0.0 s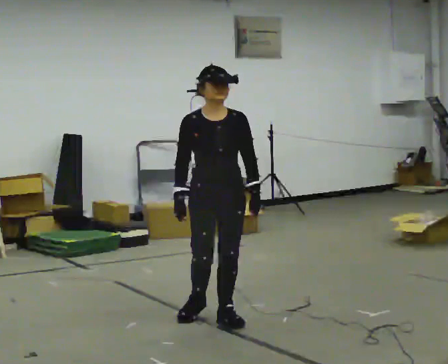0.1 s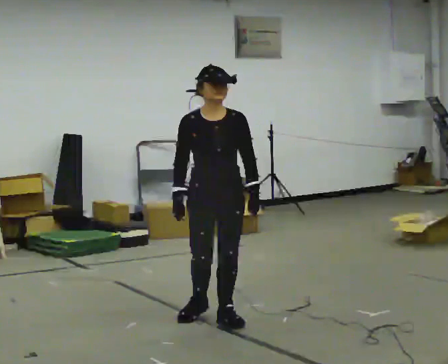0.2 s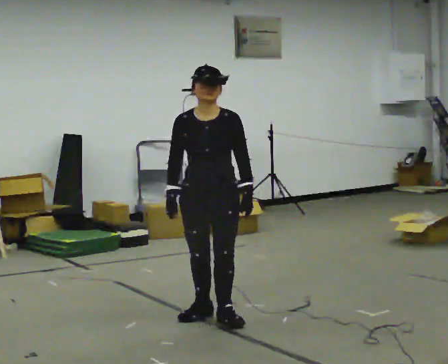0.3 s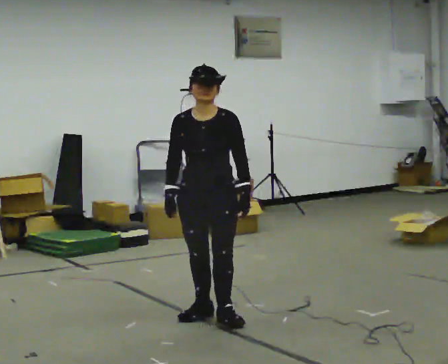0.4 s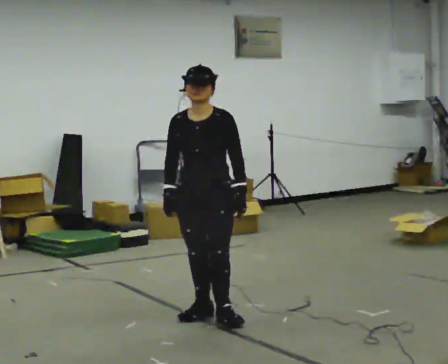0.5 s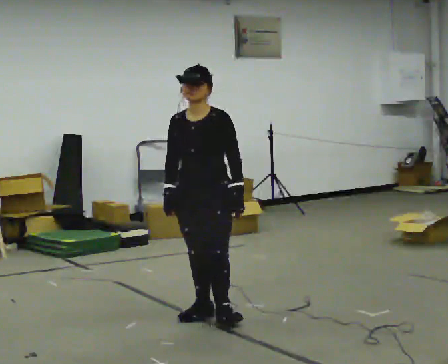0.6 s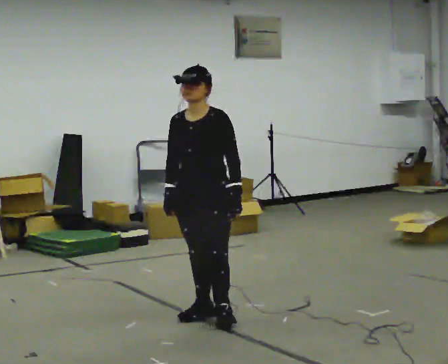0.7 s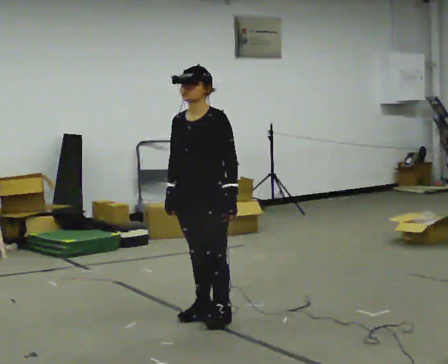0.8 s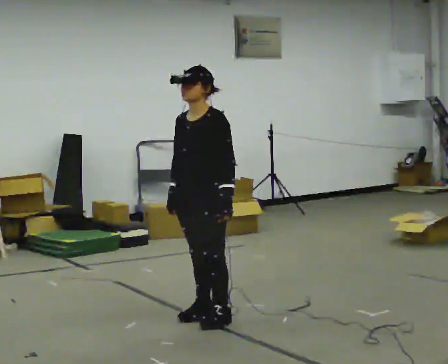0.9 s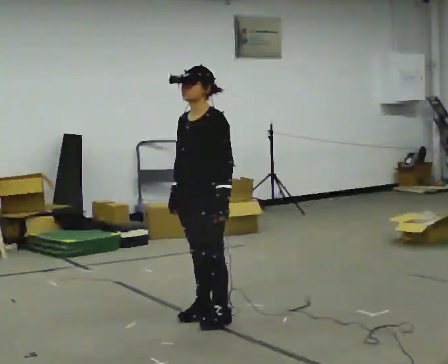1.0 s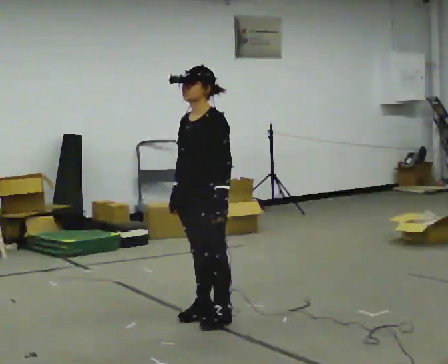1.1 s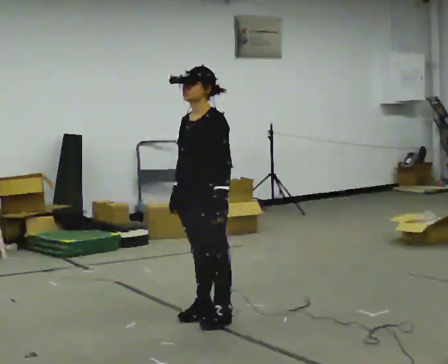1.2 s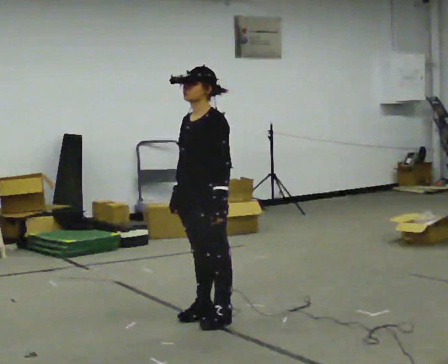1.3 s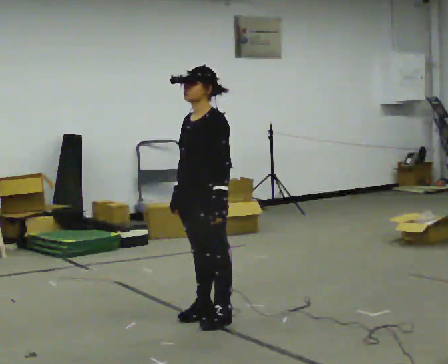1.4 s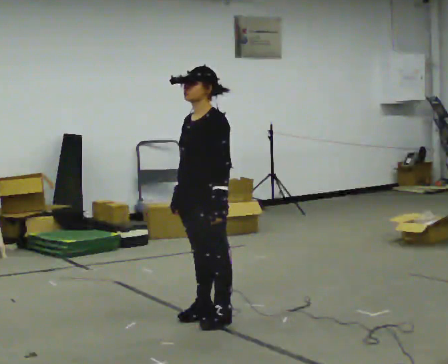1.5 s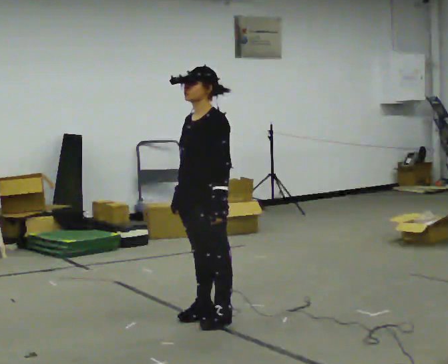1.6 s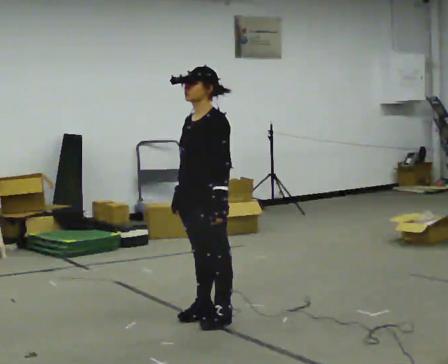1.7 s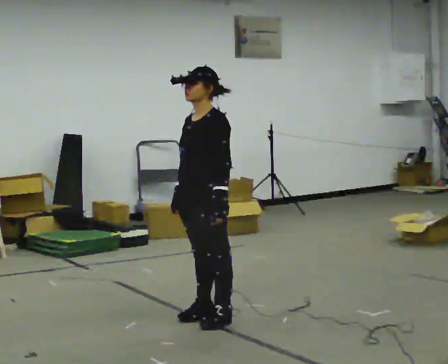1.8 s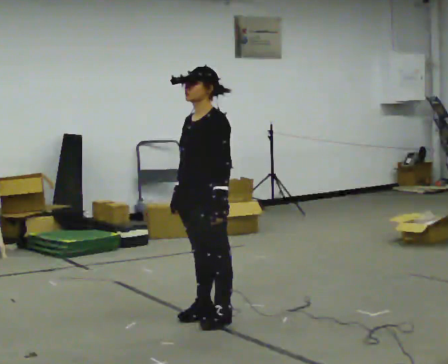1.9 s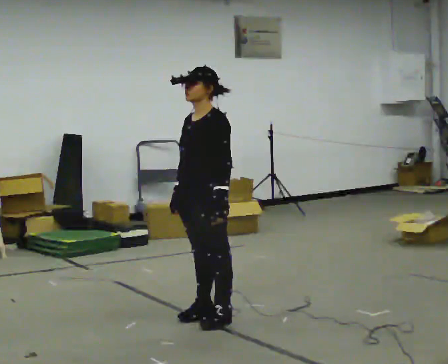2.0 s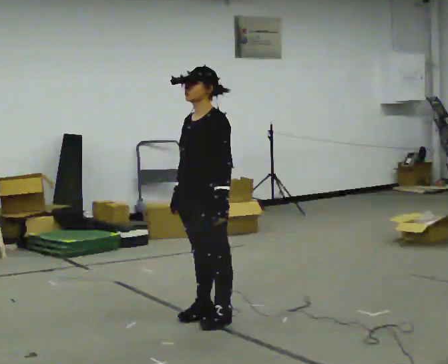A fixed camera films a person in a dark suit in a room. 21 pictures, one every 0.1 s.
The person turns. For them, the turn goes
to their right.
The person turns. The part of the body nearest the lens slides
to the left.
0.0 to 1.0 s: The person turns about 60 degrees to their right, clockwise seen from above, so the part of the body nearest the lens slides to the left.
1.0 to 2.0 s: The person moves a little, or ends about where they began.
The film runs backward here.
